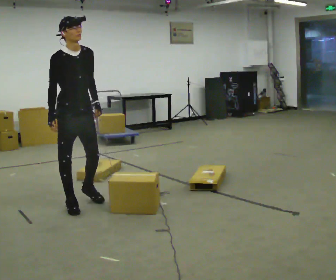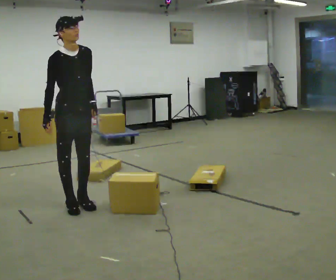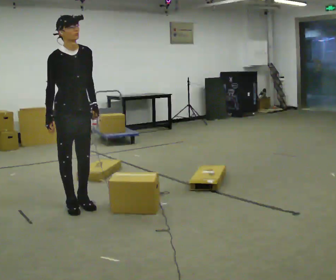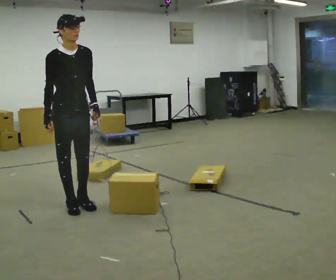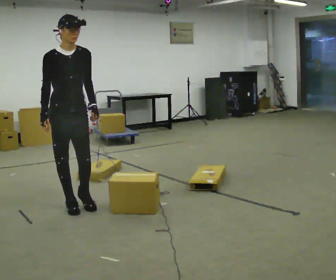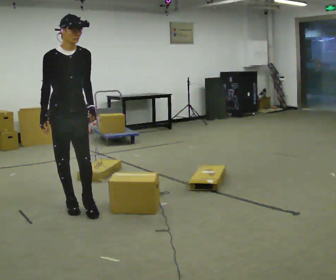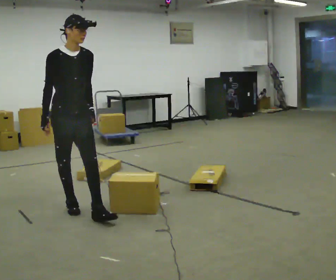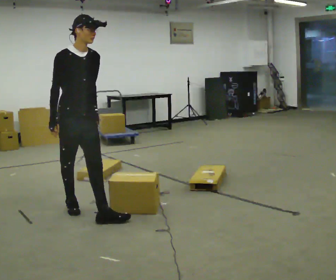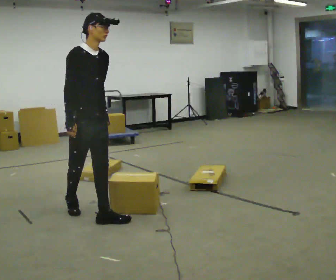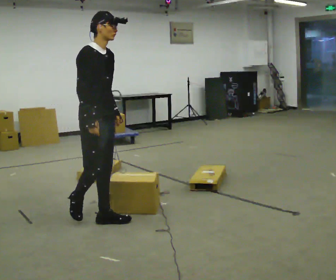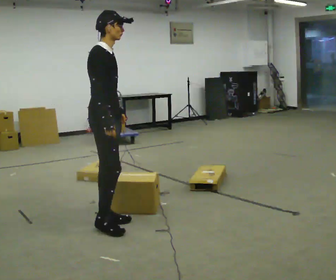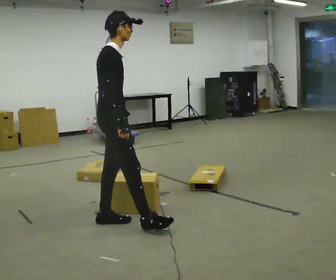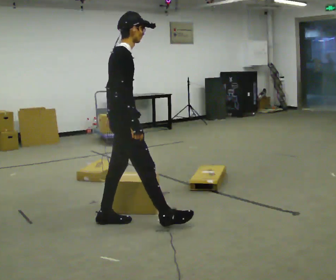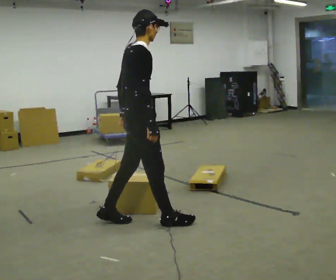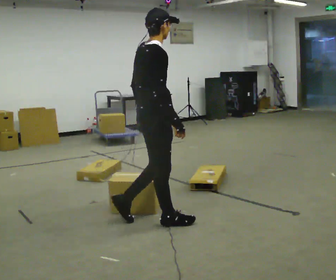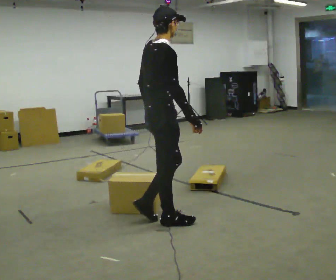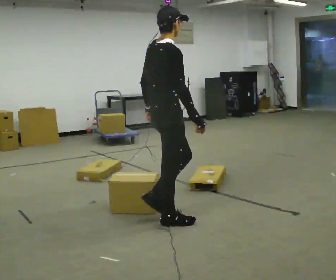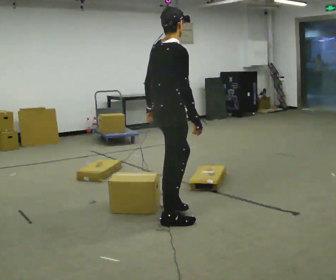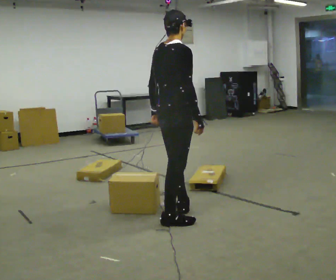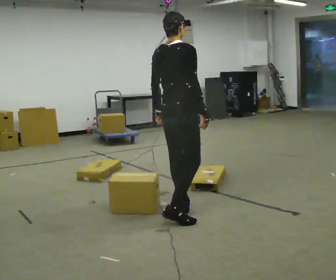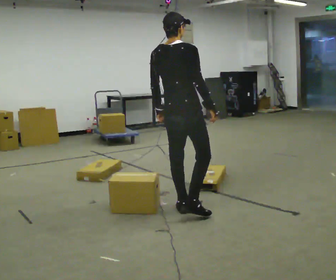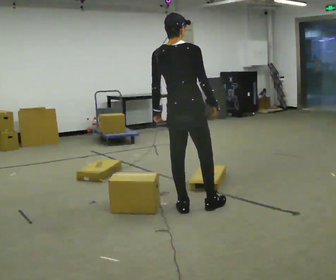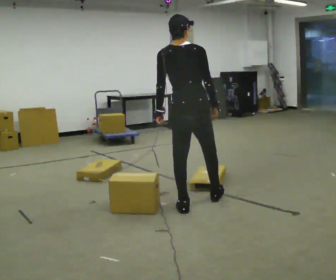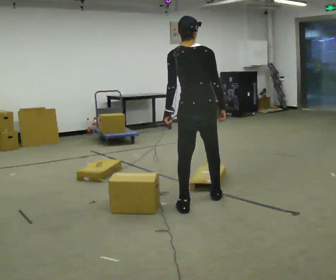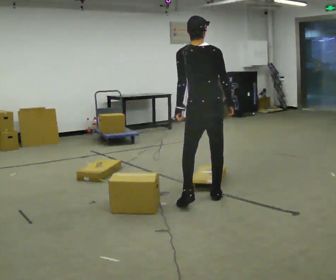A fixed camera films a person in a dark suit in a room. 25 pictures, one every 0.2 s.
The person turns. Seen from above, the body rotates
counterclockwise.
The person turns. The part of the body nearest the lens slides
to the right.
0.0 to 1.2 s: In the picture they go toward the camera, about 0.25 m in 1 step, which for them is forward.
1.2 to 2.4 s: The part of the body nearest the lens slides to the right as the person turns to their left by about 75 degrees. In the picture they go to the right and toward the camera, about 0.5 m in 1 step.
2.4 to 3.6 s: In the picture they go to the right, about 0.5 m in 2 steps, which for them is forward.
3.6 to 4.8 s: The part of the body nearest the lens slides to the right as the person turns to their left by about 75 degrees. In the picture they go to the right and away from the camera, about 0.5 m in 1 step.
The film runs forward here.
